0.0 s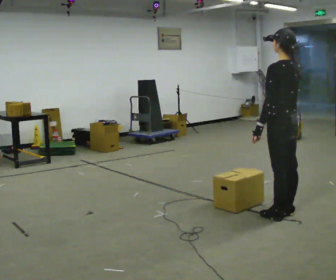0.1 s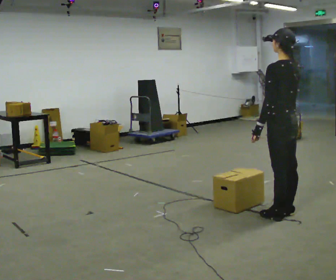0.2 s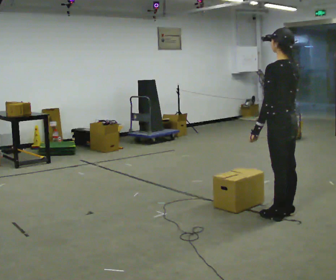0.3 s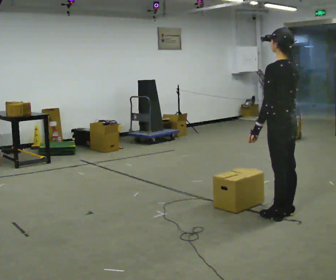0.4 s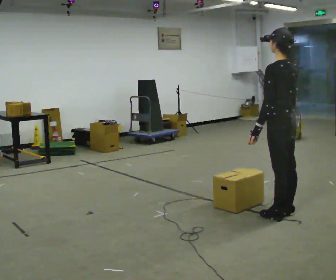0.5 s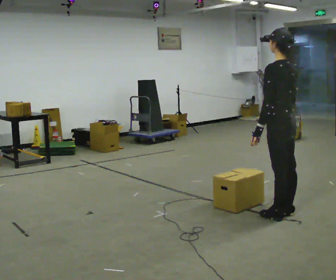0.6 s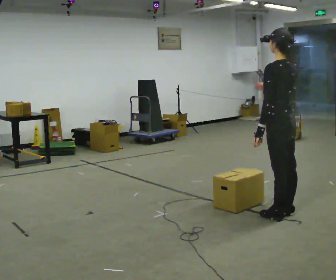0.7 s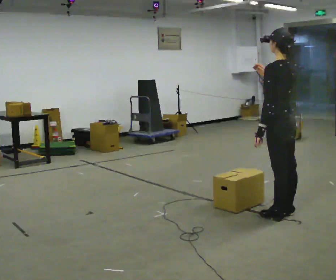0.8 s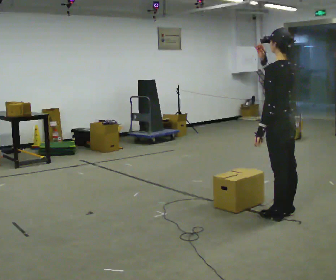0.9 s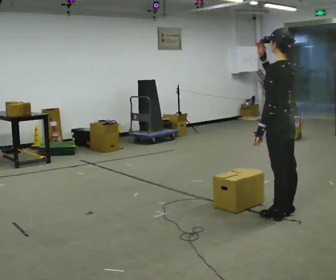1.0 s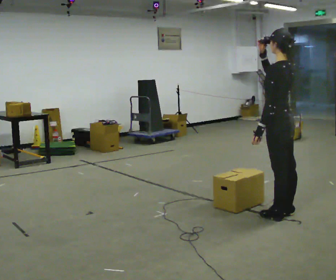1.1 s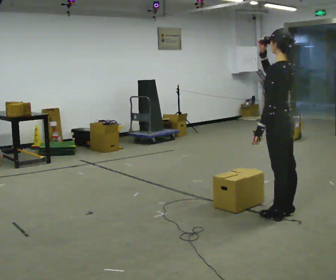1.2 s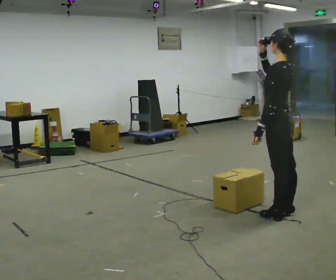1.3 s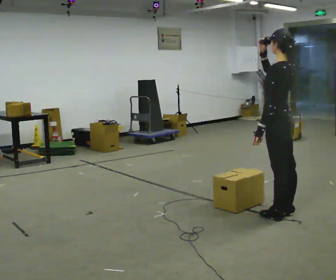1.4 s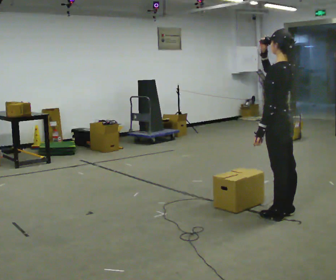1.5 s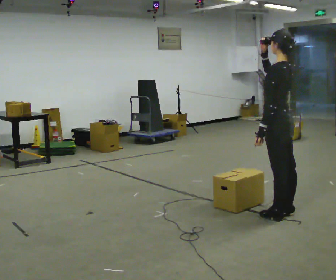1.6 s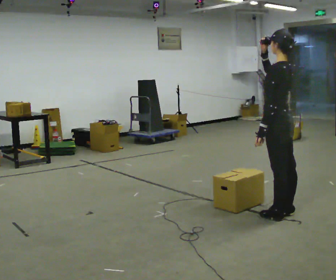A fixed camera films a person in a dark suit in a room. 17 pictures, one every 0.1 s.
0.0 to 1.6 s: In the picture their right hand goes upward.
The film runs forward here.
